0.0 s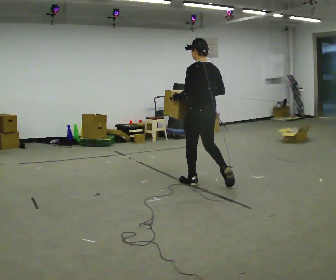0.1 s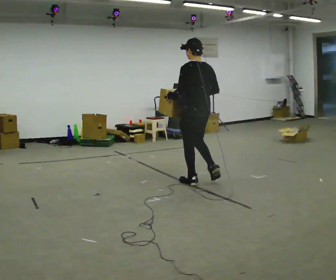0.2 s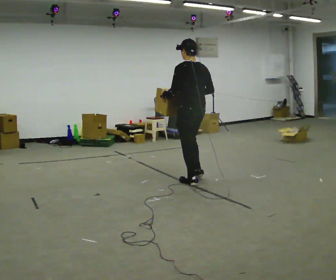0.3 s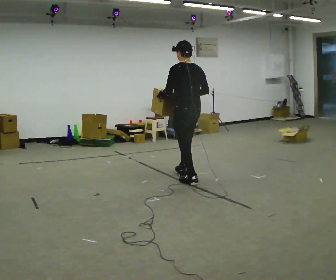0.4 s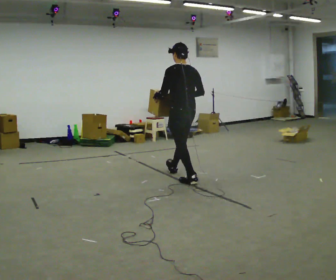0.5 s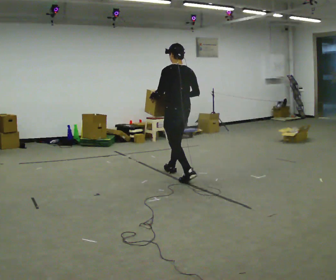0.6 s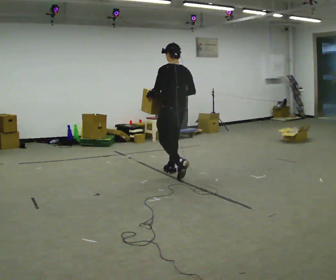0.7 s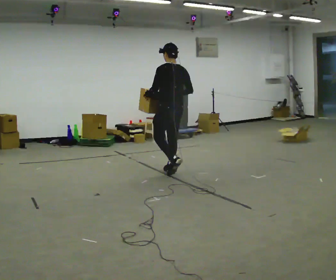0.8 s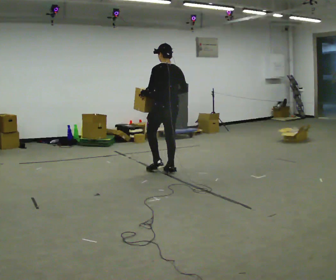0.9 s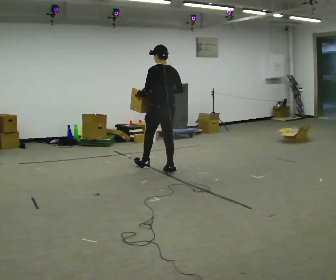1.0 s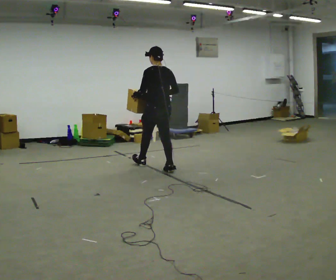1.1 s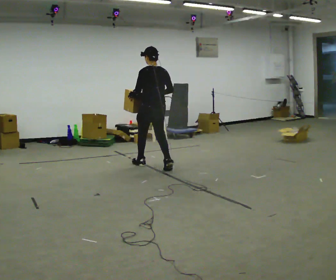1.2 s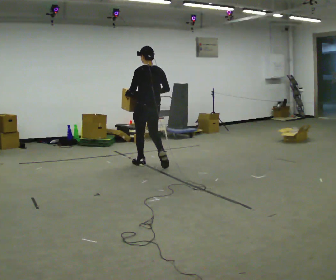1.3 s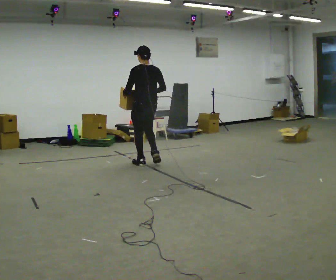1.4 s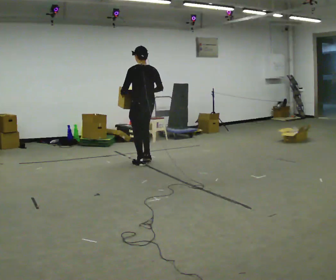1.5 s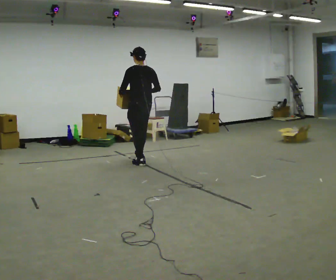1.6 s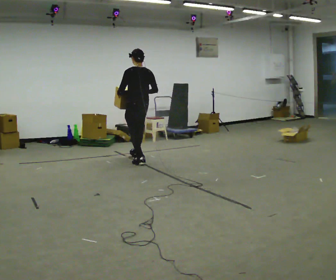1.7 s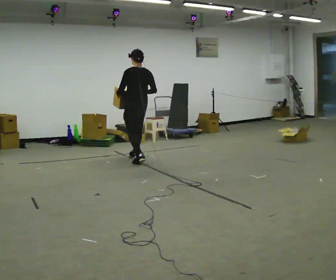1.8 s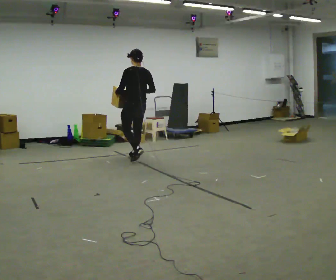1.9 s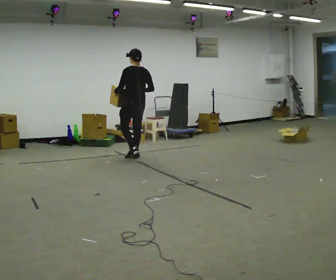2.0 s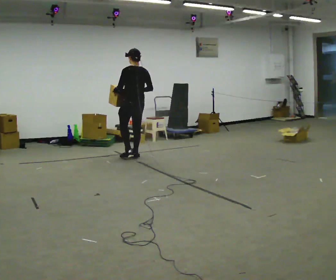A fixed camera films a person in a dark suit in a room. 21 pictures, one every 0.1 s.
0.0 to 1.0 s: In the picture they go away from the camera and to the left, about 1 m in 1 step, which for them is forward.
1.0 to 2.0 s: In the picture they go away from the camera and to the left, about 1 m in 2 steps, which for them is forward.
The film runs forward here.
